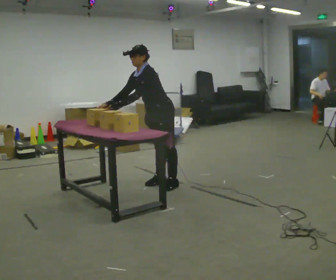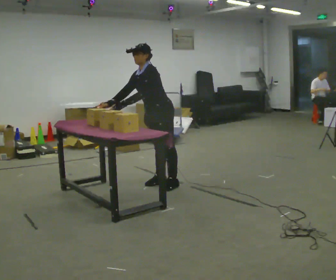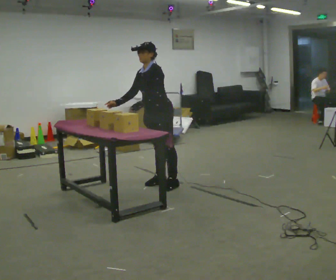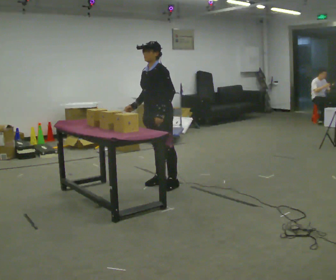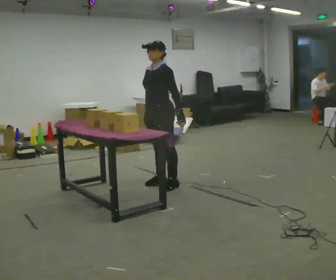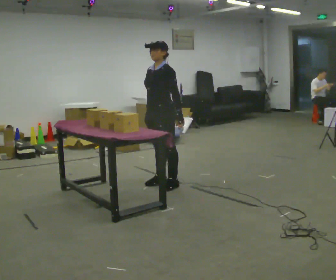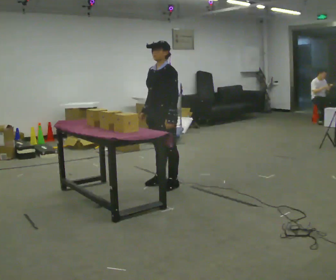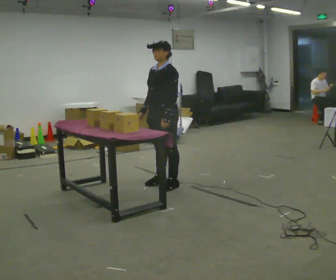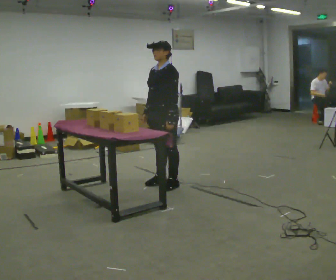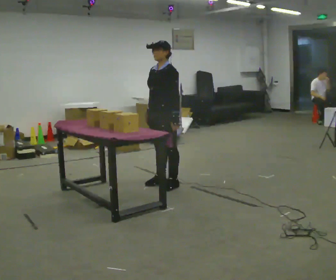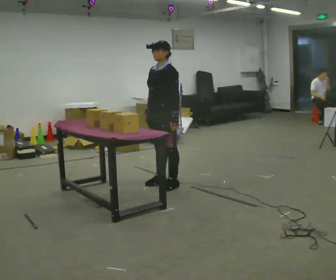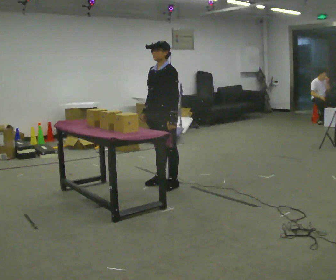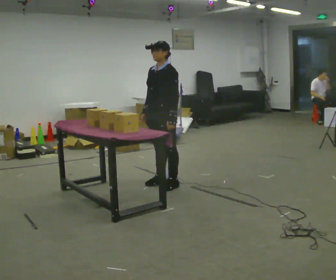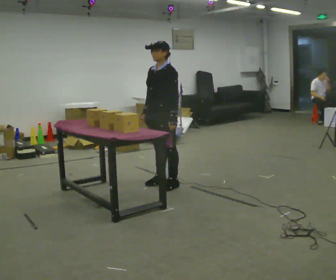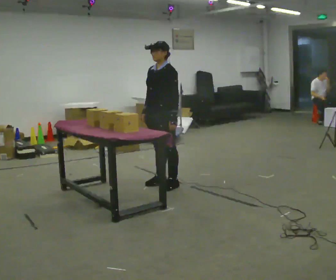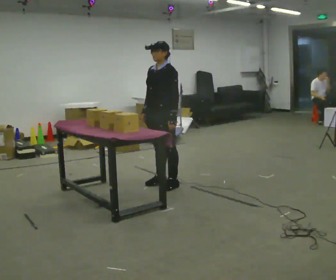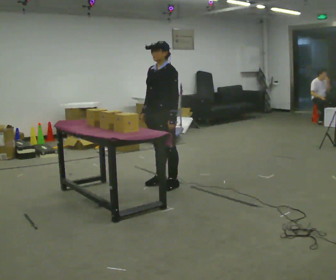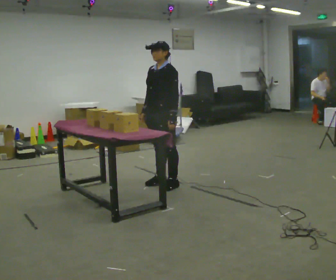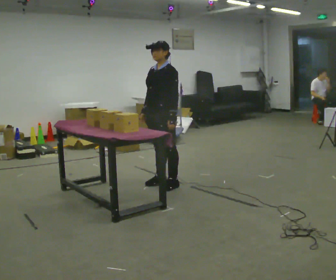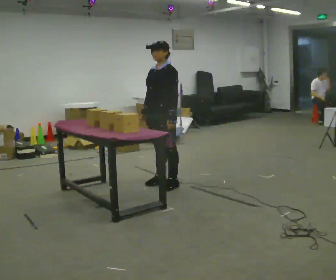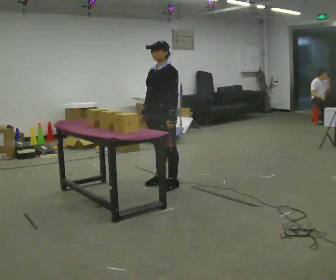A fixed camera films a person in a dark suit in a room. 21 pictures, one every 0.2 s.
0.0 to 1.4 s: In the picture the upper body tilts clockwise, shoulders to the right, as they lean back or straighten. In the picture their left hand goes to the right.
1.4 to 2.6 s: The person moves a little, or ends about where they began.
2.6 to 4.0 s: The person keeps their place and pose.
The film runs forward here.
